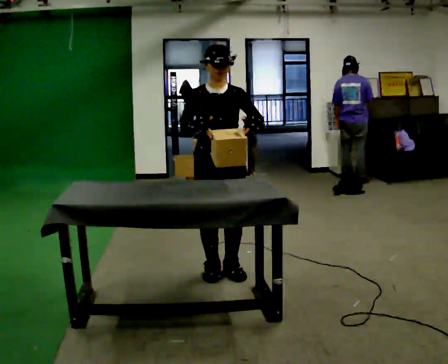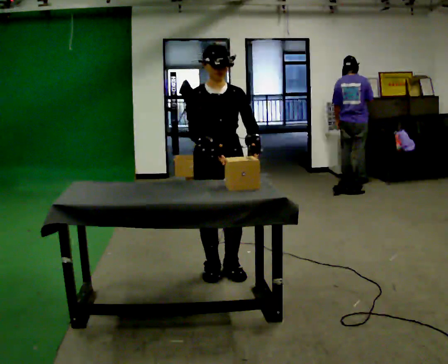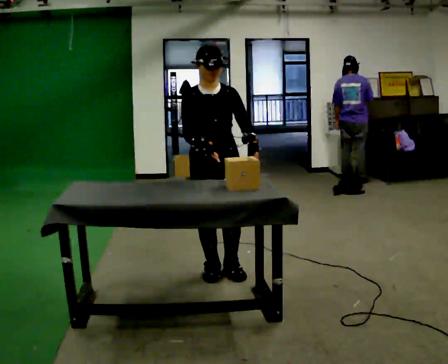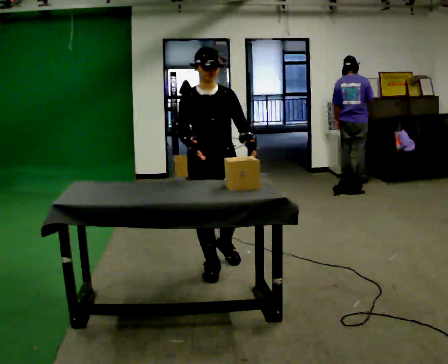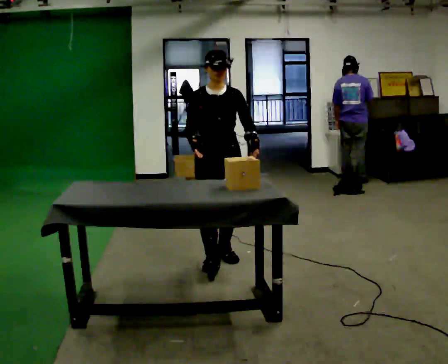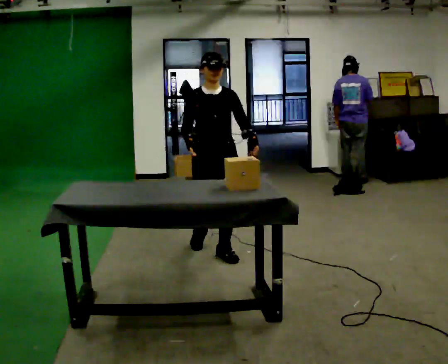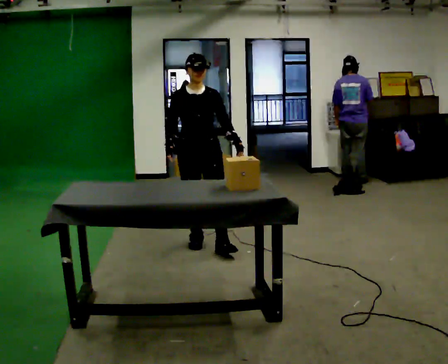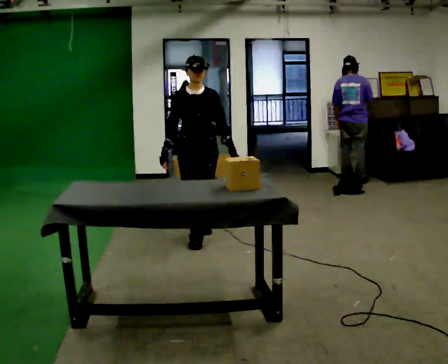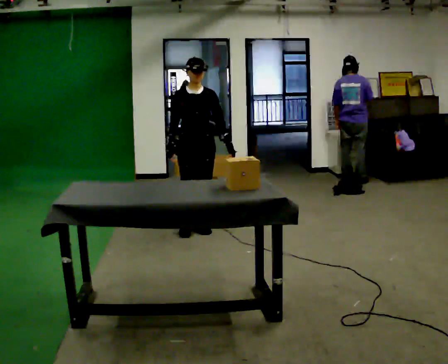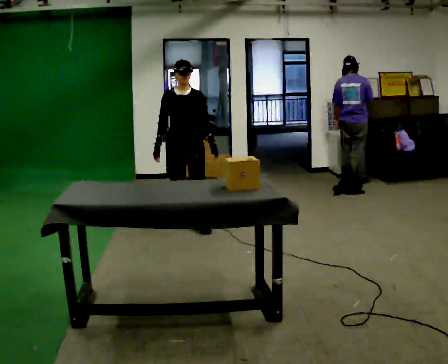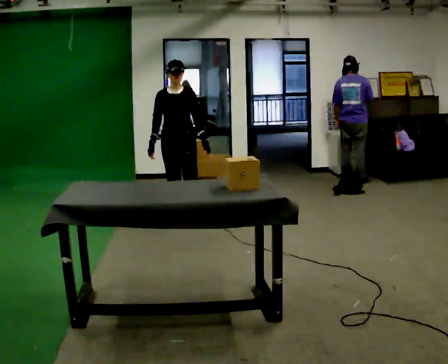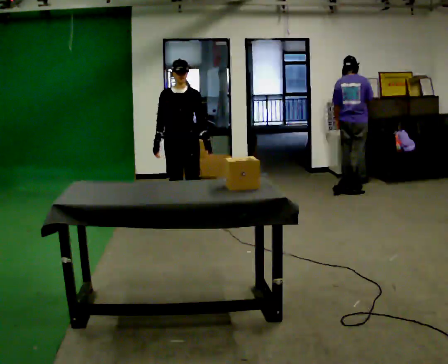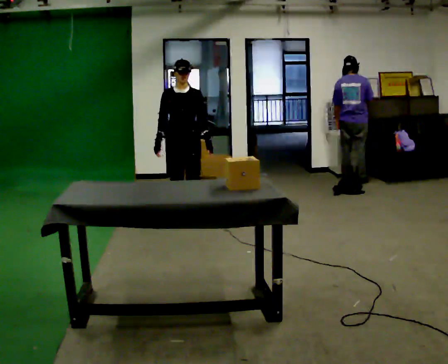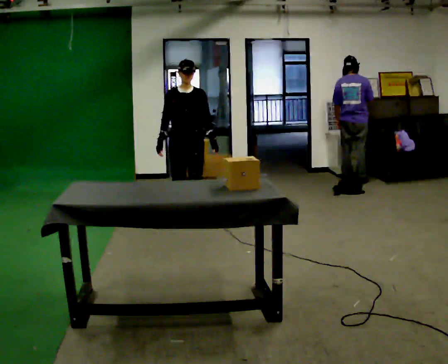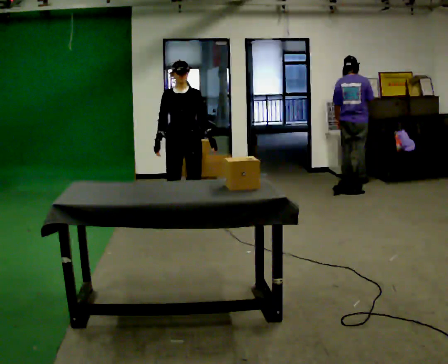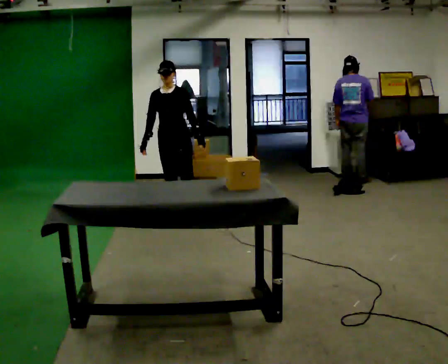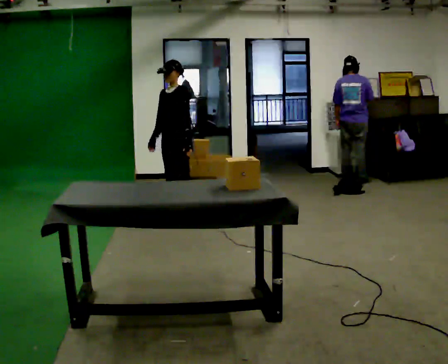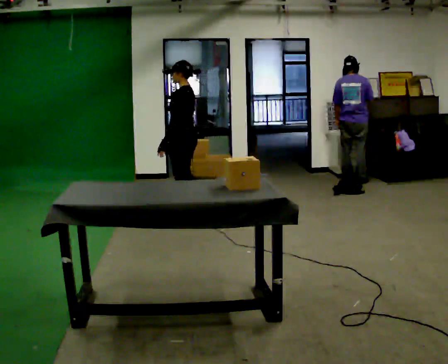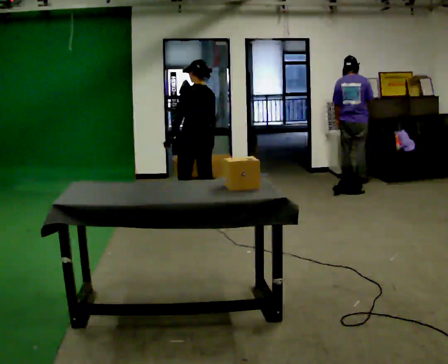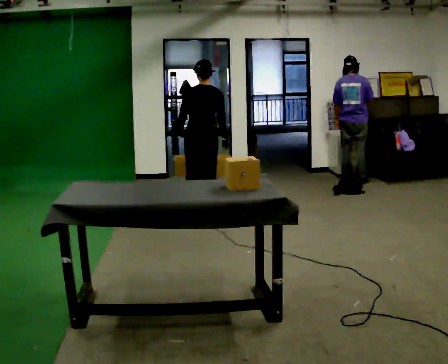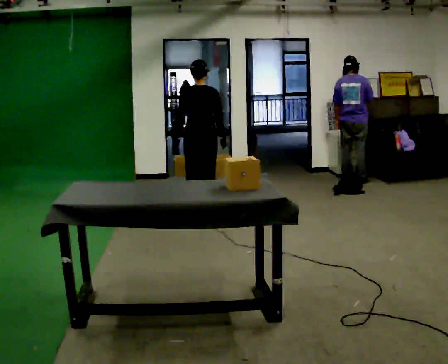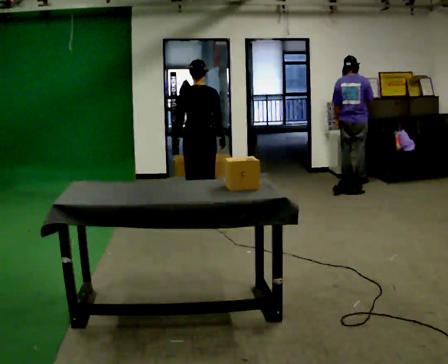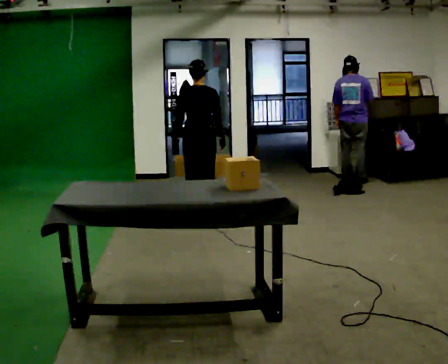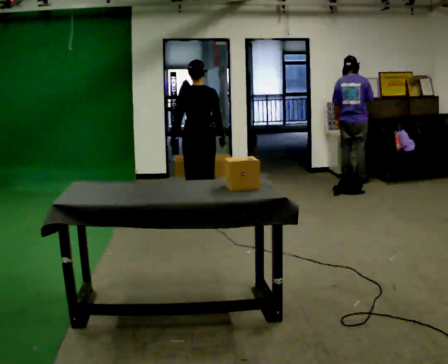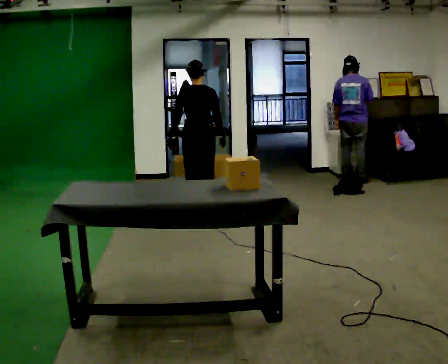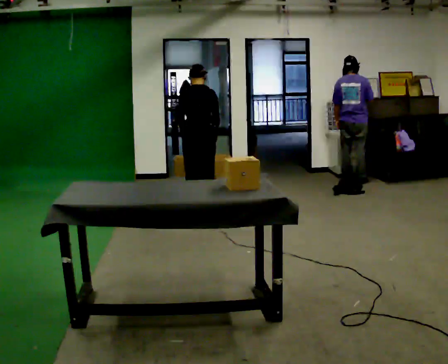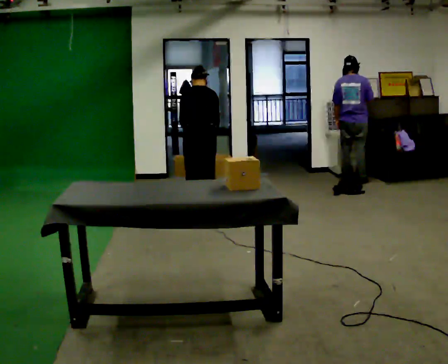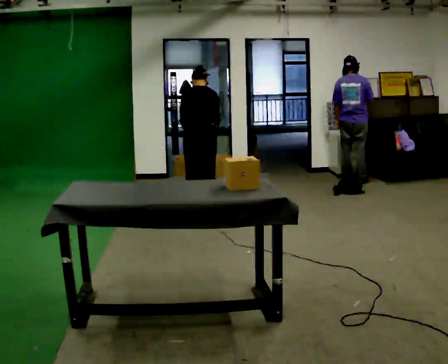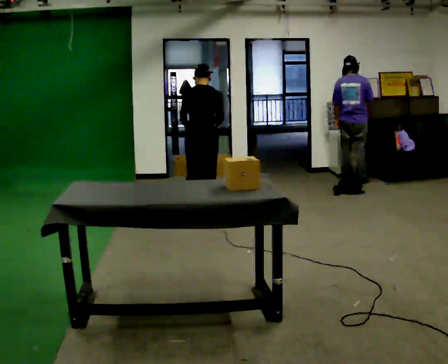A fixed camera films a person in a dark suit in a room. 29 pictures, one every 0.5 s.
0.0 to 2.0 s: In the picture they go away from the camera, about 0.25 m in 1 step, which for them is backward.
2.0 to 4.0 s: In the picture they go away from the camera, about 1 m in 3 steps, which for them is backward.
4.0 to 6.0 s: In the picture they go away from the camera, about 0.5 m in 1 step, which for them is backward.
6.0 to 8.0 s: The person turns about 45 degrees to their right, clockwise seen from above, so the part of the body nearest the lens slides to the left. In the picture they go away from the camera, about 0.25 m in 1 step, which for them is backward.
8.0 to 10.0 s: The person turns about 135 degrees to their right, clockwise seen from above, so the part of the body nearest the lens slides to the left. In the picture they go to the right, about 0.25 m in 1 step.
10.0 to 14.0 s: The person moves a little, or ends about where they began.
The film runs backward here.
